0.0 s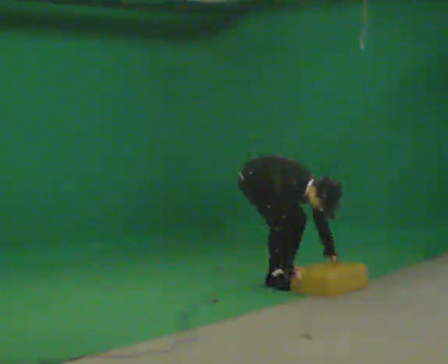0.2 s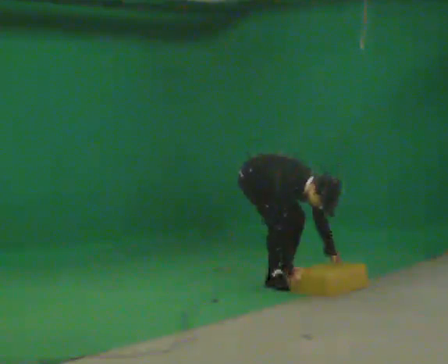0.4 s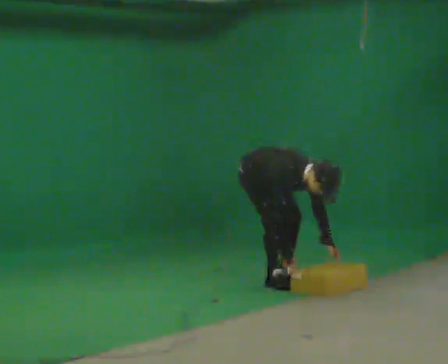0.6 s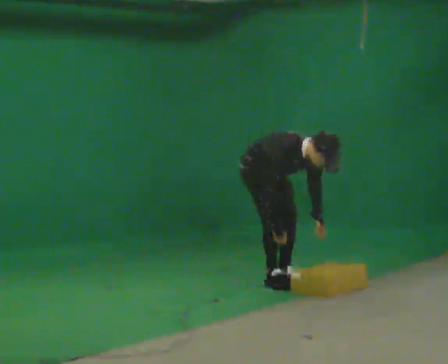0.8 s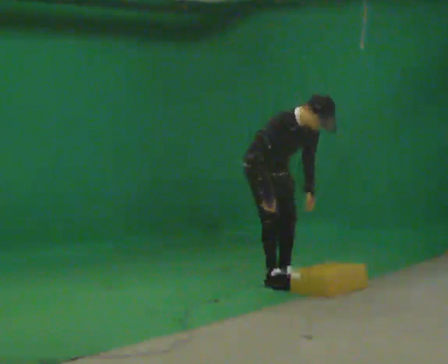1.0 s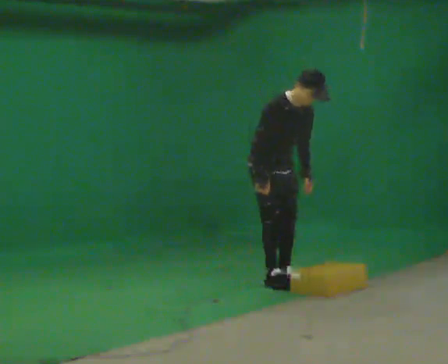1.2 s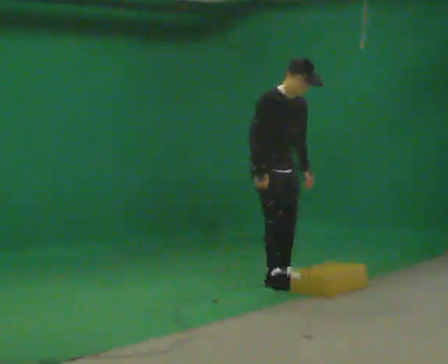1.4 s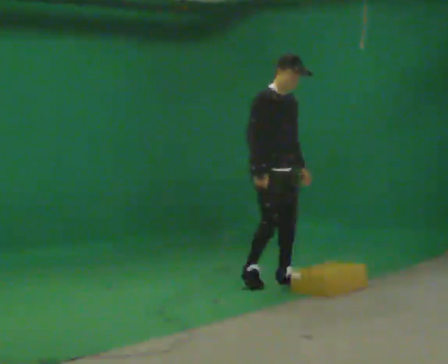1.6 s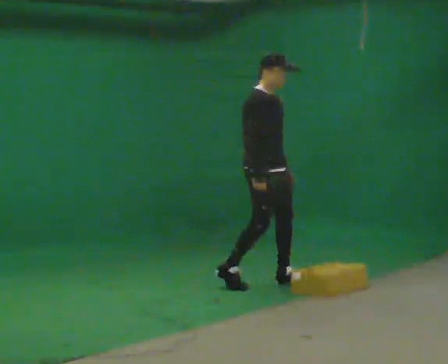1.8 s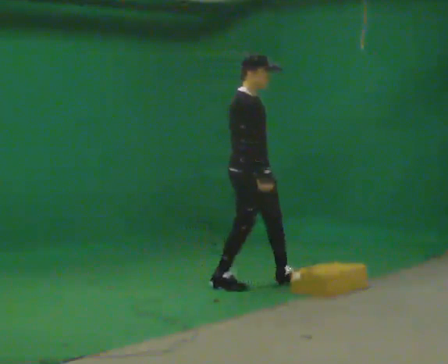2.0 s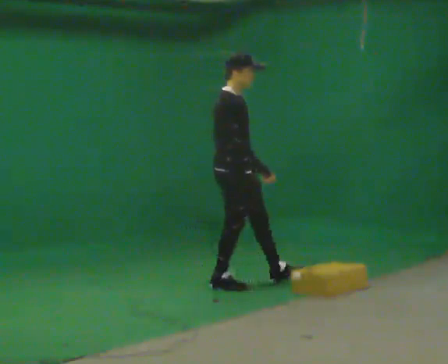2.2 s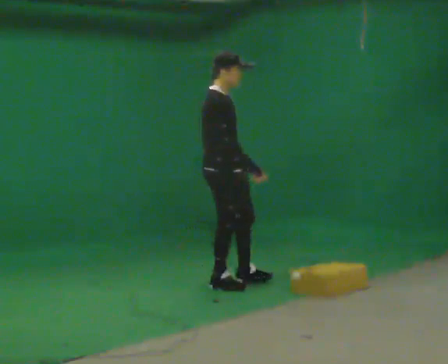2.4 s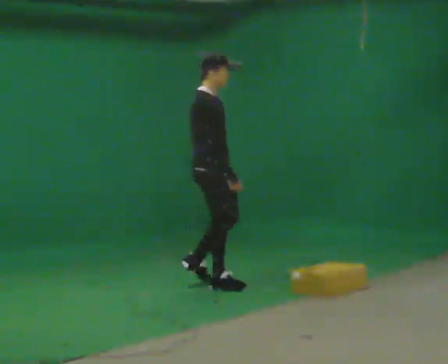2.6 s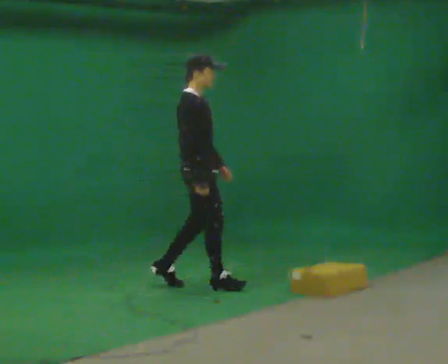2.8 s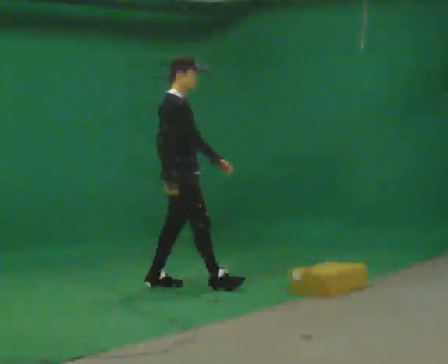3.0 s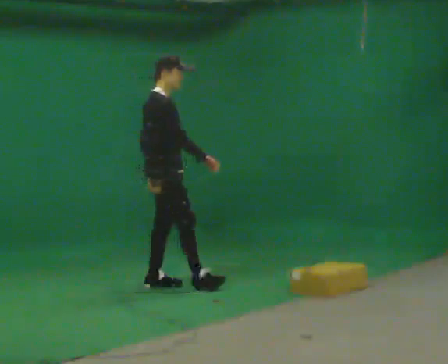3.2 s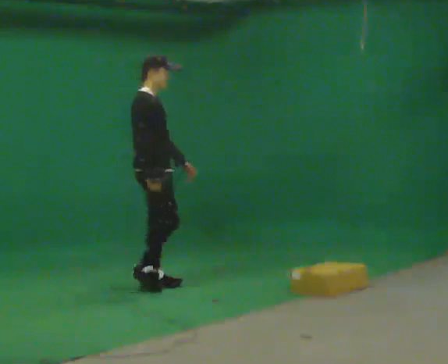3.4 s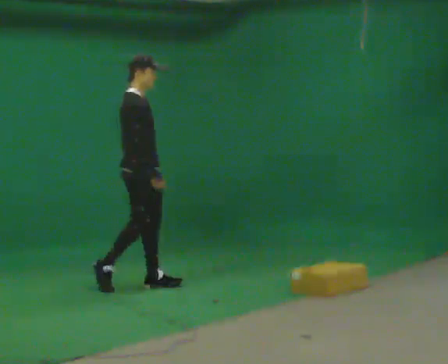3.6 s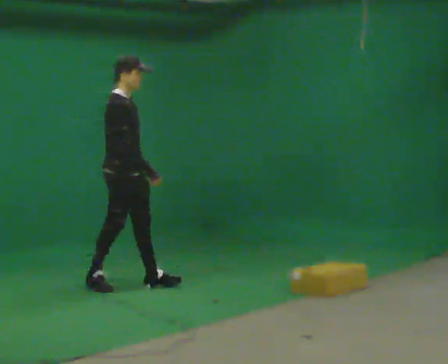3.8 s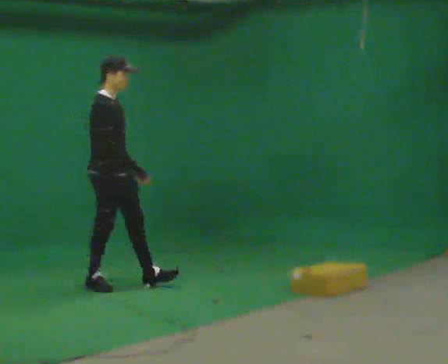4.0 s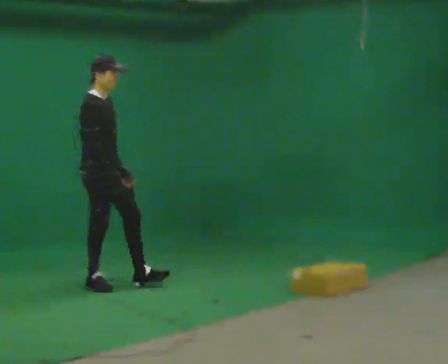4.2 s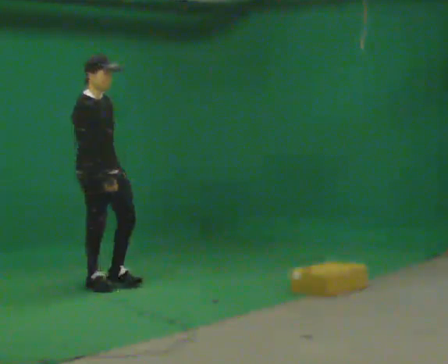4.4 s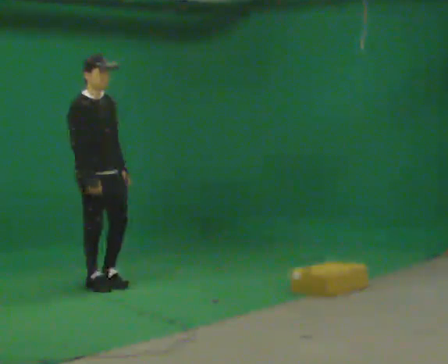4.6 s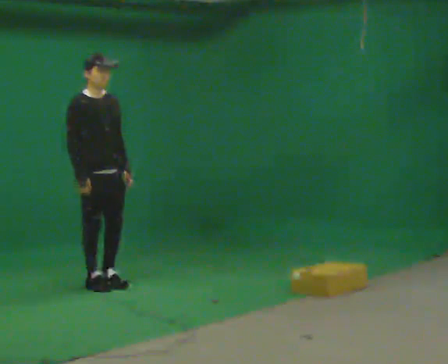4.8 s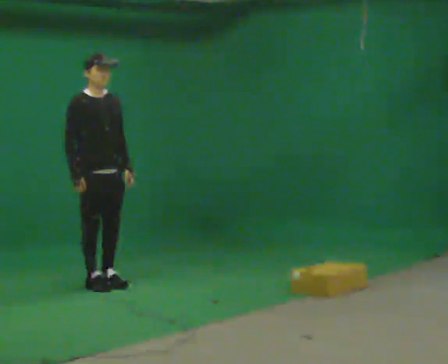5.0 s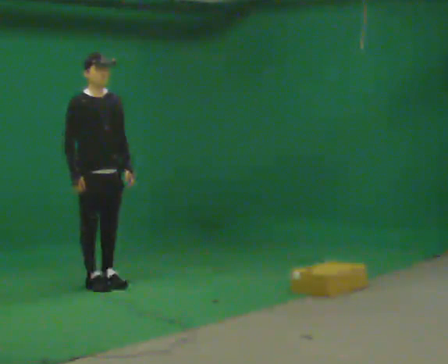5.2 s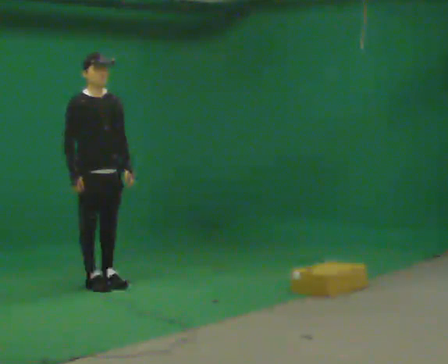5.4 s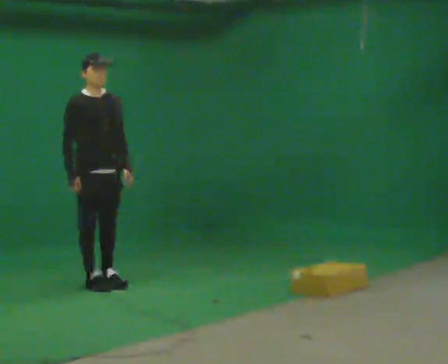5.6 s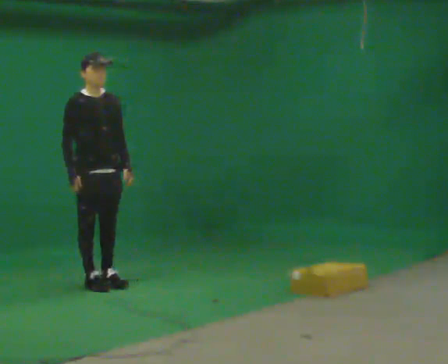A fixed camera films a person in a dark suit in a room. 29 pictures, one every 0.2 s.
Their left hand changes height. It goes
upward.
The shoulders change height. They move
upward.
0.0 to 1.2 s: The shoulders move upward. In the picture the upper body tilts counterclockwise, shoulders to the left, as they lean back or straighten. In the picture their left hand goes upward.
1.2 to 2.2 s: Seen from above the body turns counterclockwise, about 30 degrees: to their left, with its near side sliding to the right. In the picture they go to the left, about 0.5 m in 2 steps, which for them is backward and to their right. In the picture the upper body tilts counterclockwise, shoulders to the left, as they lean back or straighten.
2.2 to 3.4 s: In the picture they go to the left, about 0.5 m in 1 step, which for them is backward.
3.4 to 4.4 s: The part of the body nearest the lens slides to the left as the person turns to their right by about 30 degrees. In the picture they go to the left, about 0.25 m in 1 step, which for them is backward.
4.4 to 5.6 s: The person moves a little, or ends about where they began.
The film runs backward here.
